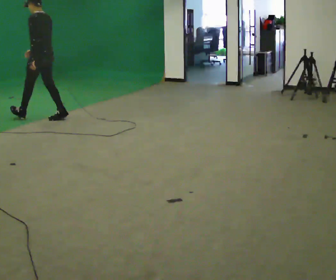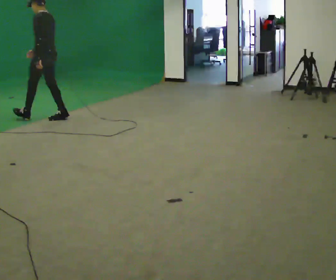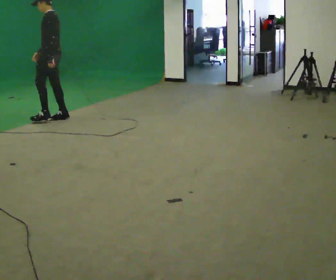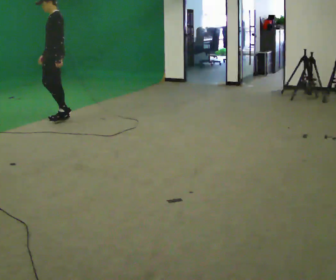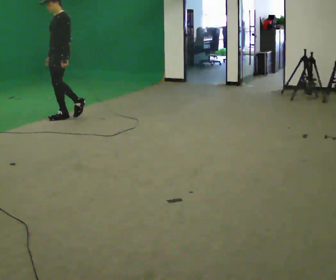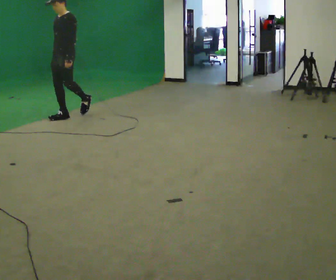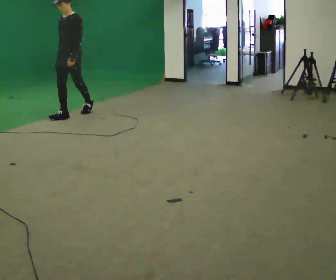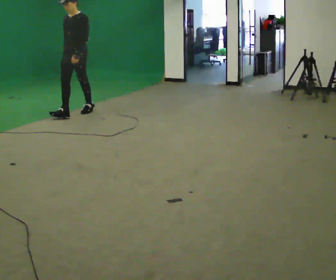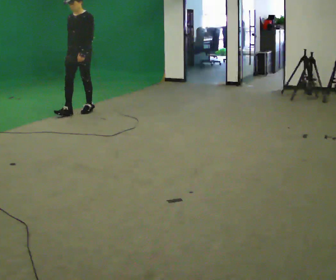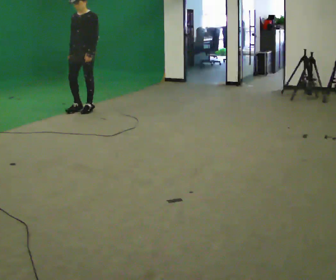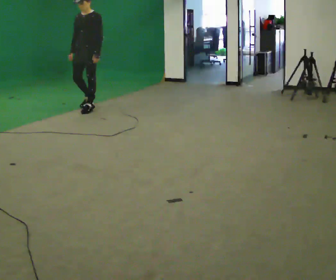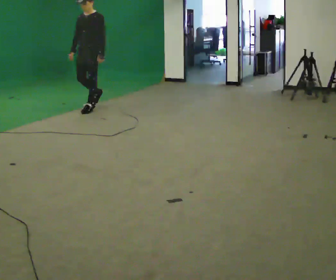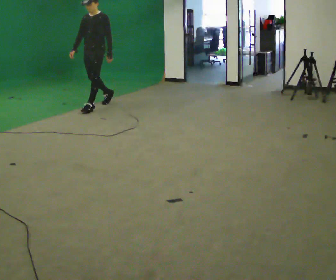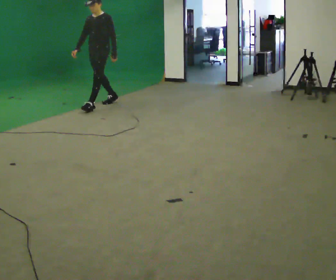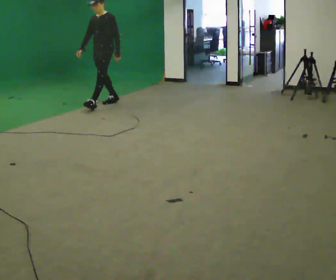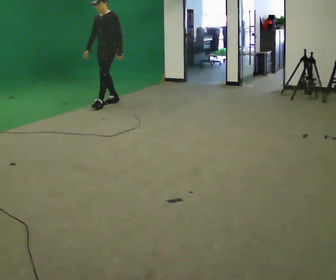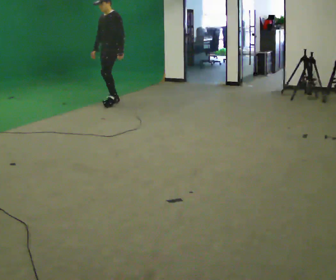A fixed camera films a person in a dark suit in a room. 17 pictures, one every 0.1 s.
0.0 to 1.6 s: The person turns about 75 degrees to their left, counterclockwise seen from above, so the part of the body nearest the lens slides to the right. In the picture they go to the right and away from the camera, about 1 m in 2 steps.
The film runs backward here.
